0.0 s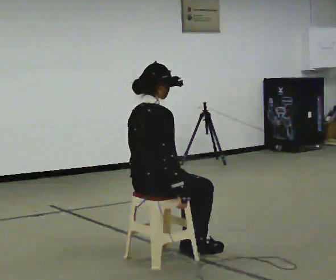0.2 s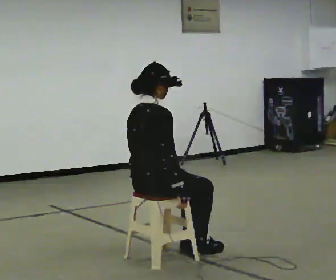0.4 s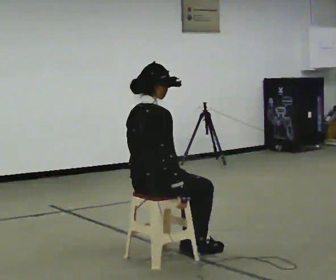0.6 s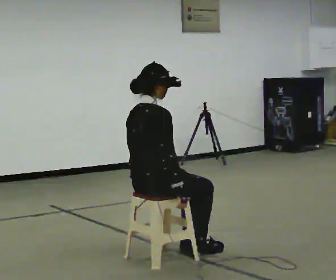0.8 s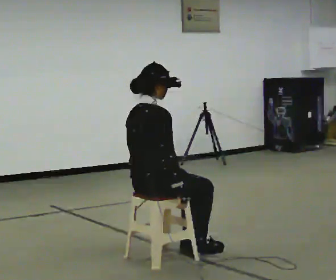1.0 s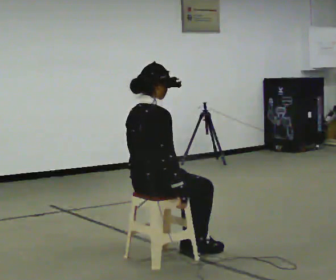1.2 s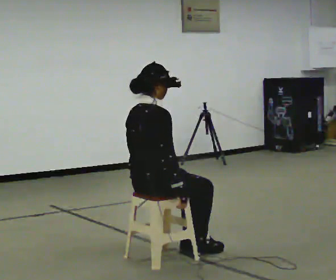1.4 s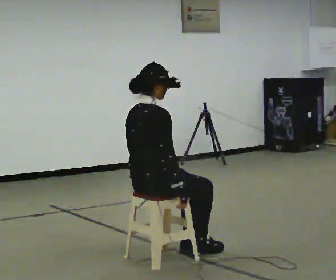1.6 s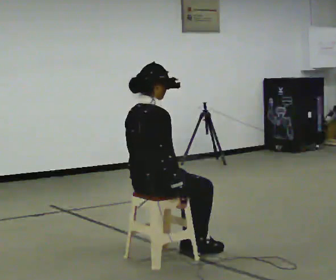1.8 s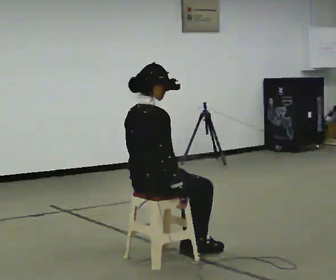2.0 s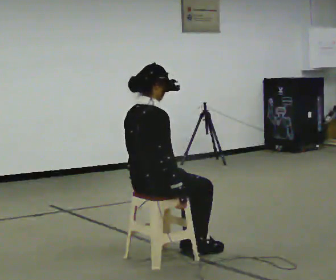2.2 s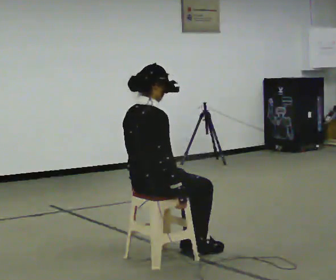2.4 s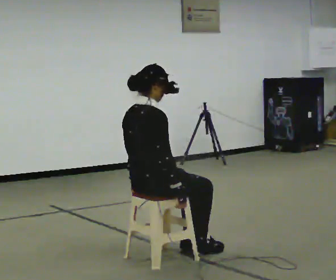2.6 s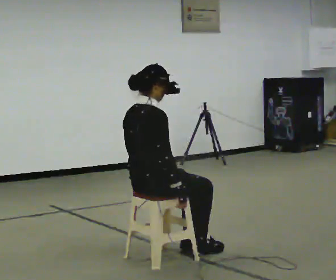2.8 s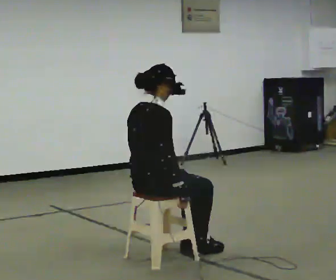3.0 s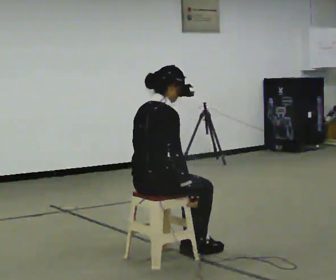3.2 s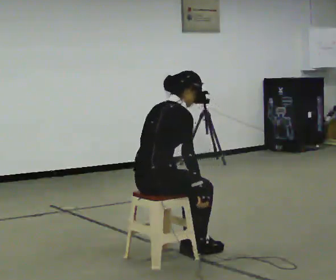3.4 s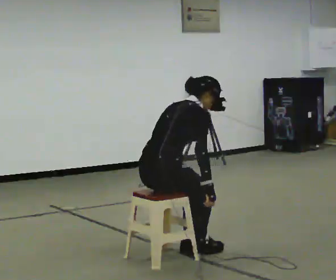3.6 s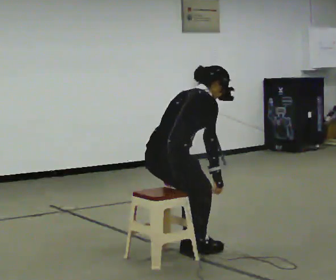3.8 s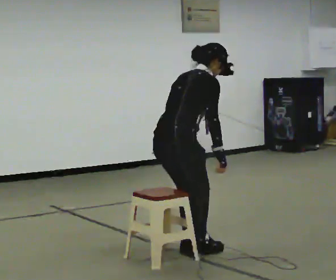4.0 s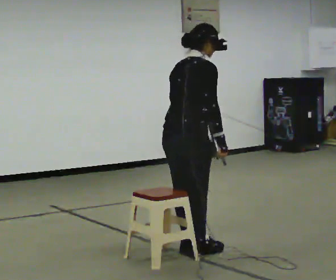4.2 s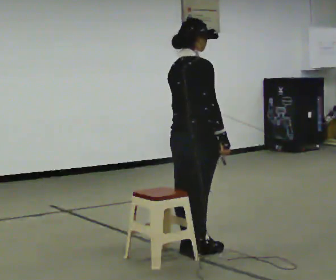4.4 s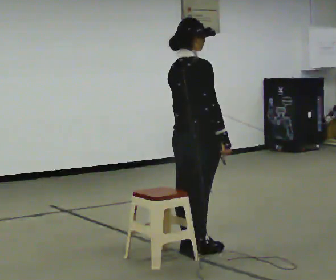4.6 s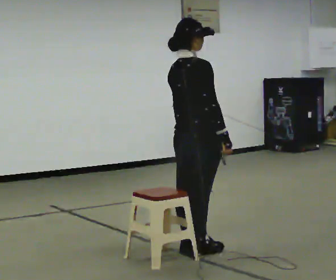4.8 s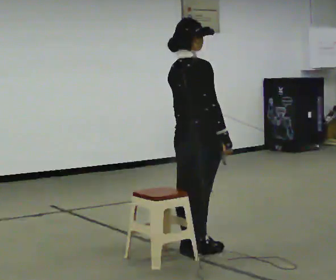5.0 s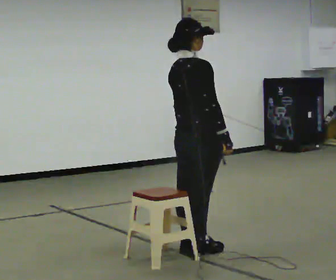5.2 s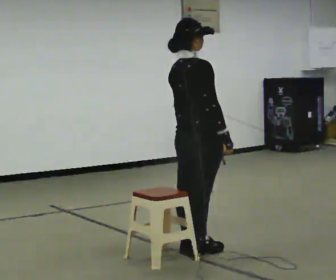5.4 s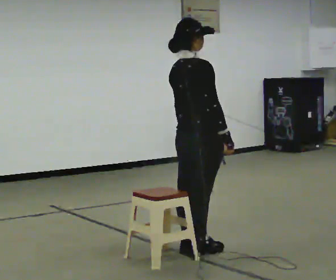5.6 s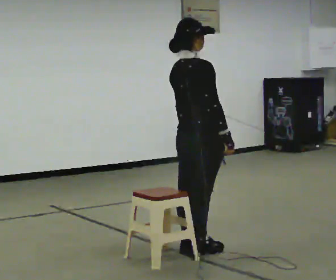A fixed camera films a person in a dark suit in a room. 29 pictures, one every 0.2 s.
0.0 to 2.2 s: The person moves a little, or ends about where they began.
2.2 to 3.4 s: In the picture the upper body tilts clockwise, shoulders to the right, as they bend forward.
3.4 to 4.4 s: In the picture they go to the right and away from the camera, about 0.25 m, which for them is forward. The shoulders move upward. In the picture the upper body tilts counterclockwise, shoulders to the left, as they lean back or straighten. In the picture their left hand goes upward.
4.4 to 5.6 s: The person moves a little, or ends about where they began.
The film runs backward here.
